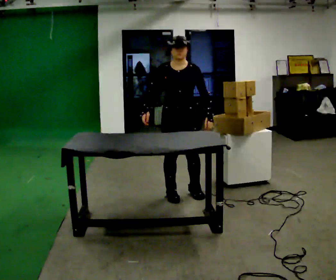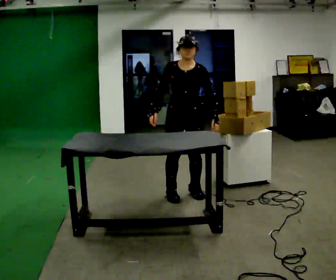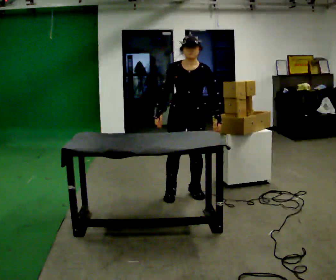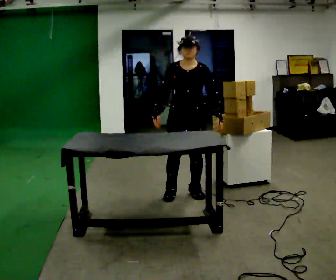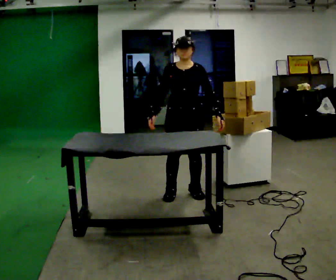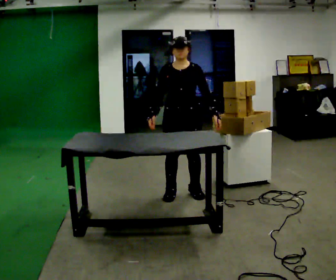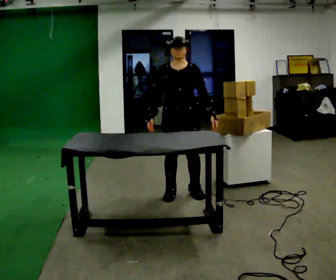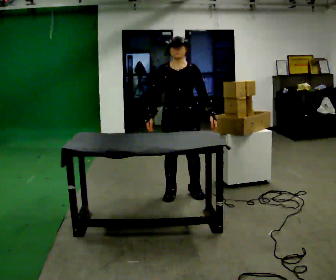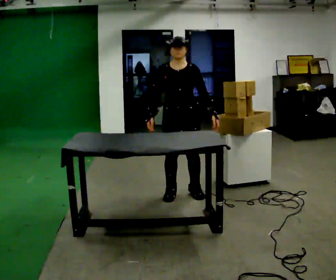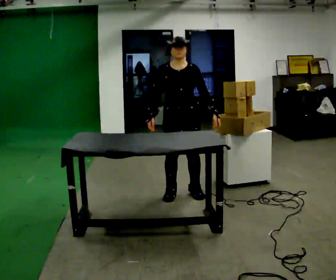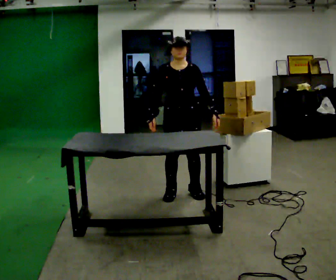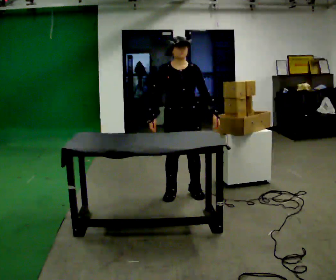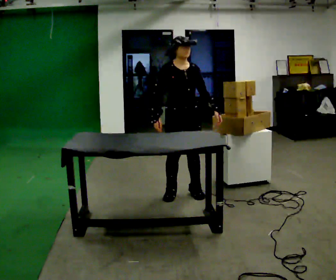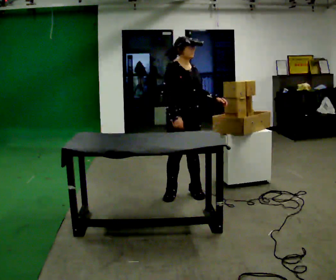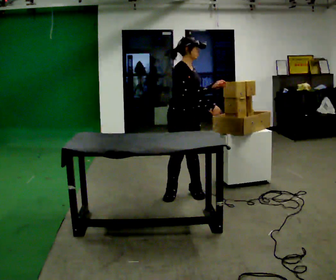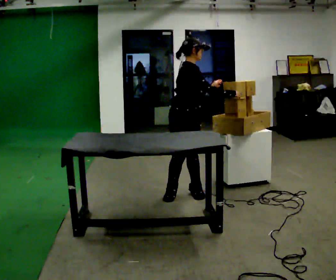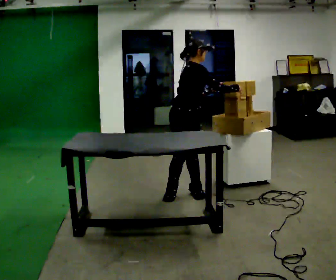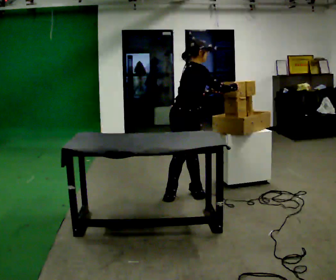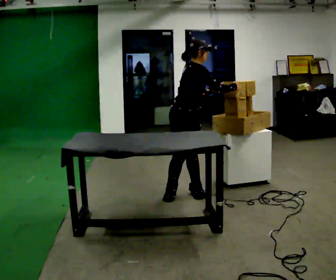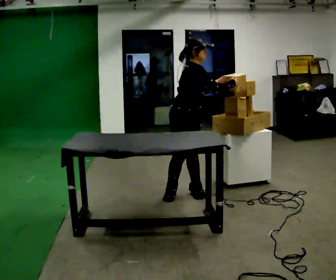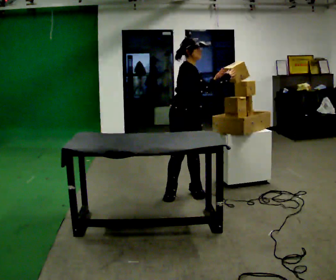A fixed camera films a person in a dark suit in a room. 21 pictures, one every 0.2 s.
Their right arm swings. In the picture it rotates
counterclockwise.
0.0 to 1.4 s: The person moves a little, or ends about where they began.
1.4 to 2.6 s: The person turns about 45 degrees to their left, counterclockwise seen from above, so the part of the body nearest the lens slides to the right.
2.6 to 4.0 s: In the picture their right hand goes to the right and upward, the arm swinging counterclockwise.
The film runs forward here.
